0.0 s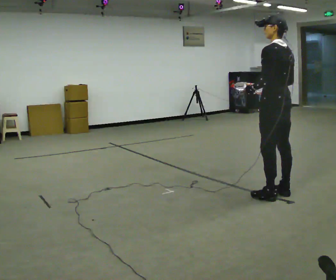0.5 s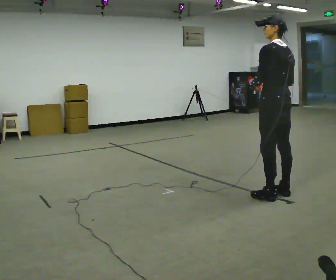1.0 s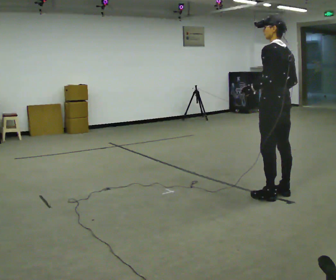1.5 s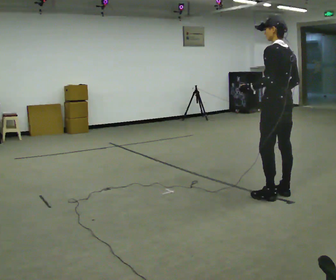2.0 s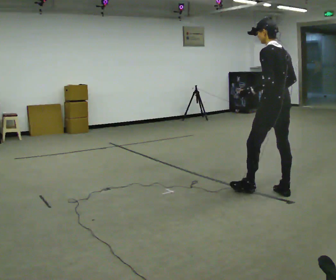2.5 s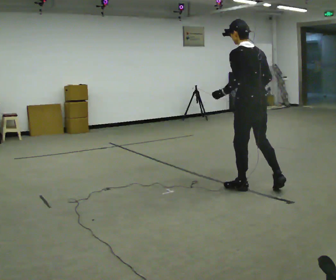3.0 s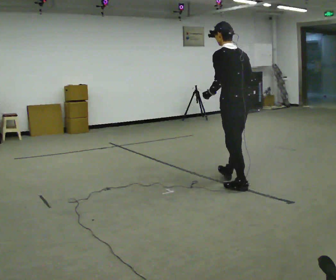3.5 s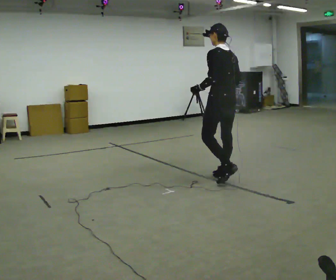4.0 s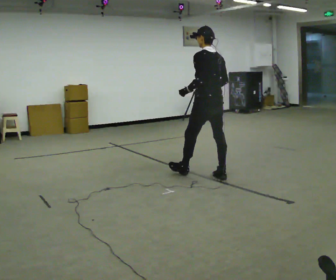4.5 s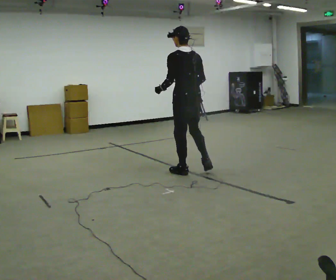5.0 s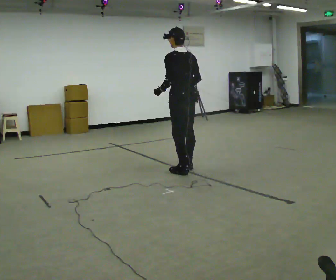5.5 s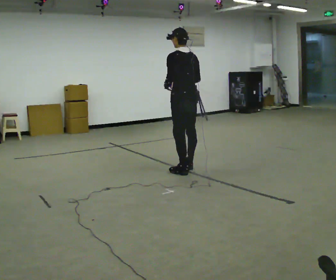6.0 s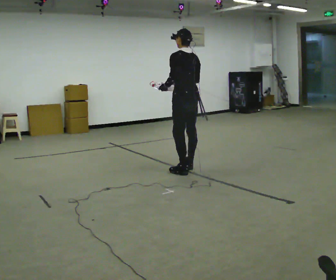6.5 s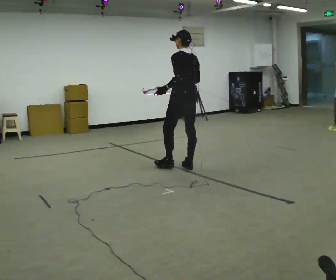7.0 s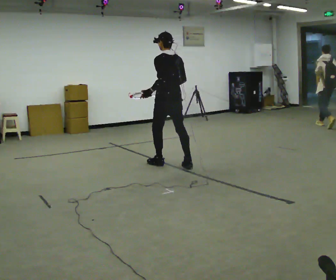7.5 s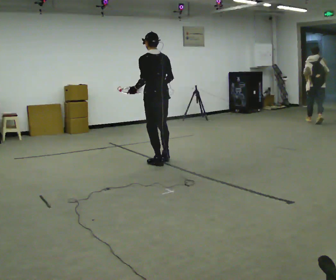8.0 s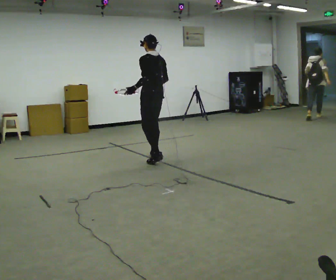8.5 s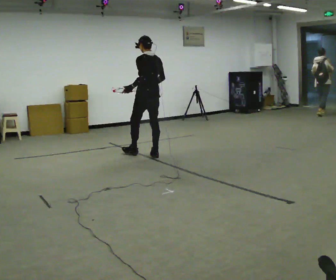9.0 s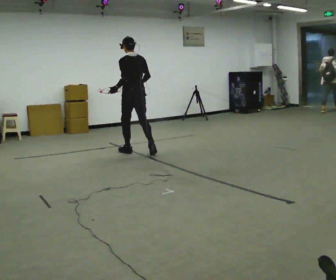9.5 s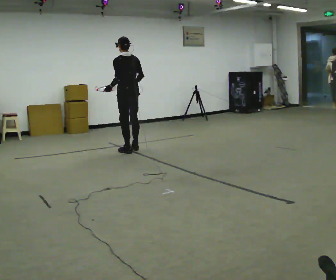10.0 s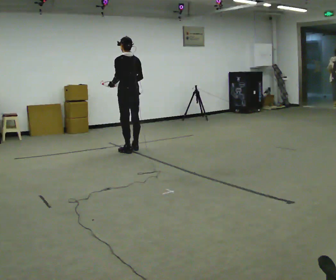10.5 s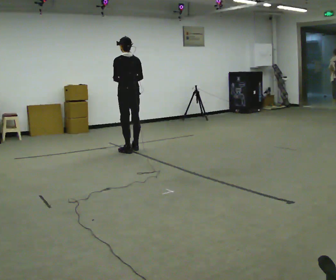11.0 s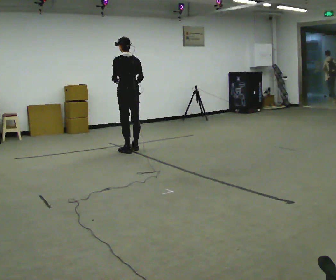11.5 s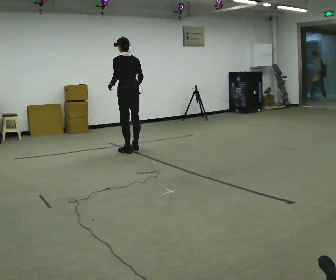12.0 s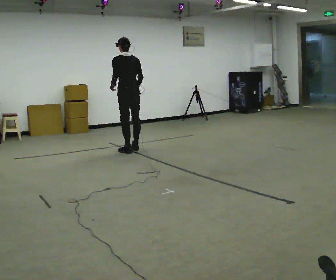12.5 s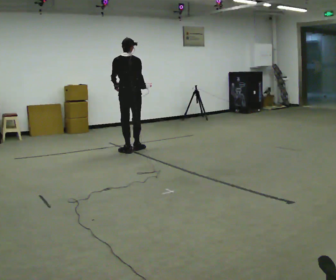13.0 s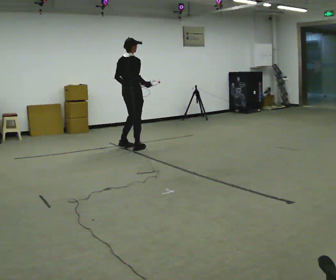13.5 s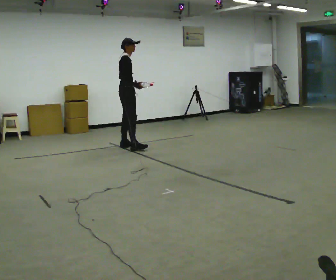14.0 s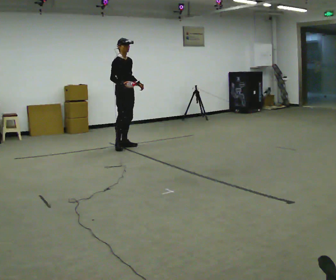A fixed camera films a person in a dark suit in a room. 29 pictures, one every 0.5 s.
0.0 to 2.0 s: The person moves a little, or ends about where they began.
2.0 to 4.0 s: In the picture they go away from the camera and to the left, about 1 m in 2 steps, which for them is forward.
4.0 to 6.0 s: In the picture they go away from the camera and to the left, about 0.5 m in 2 steps, which for them is forward.
6.0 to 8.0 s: In the picture they go away from the camera and to the left, about 1 m in 2 steps, which for them is forward.
8.0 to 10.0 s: In the picture they go away from the camera and to the left, about 0.5 m in 2 steps, which for them is forward.
10.0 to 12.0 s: The person moves a little, or ends about where they began.
12.0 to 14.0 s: The part of the body nearest the lens slides to the left as the person turns to their right by about 150 degrees. In the picture they go away from the camera and to the left, about 0.25 m in 2 steps.
The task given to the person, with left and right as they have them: Carry the object in one hand and, while walking, pass it to your other hand. Keep passing it back and forth as you walk.
The film runs forward here.
